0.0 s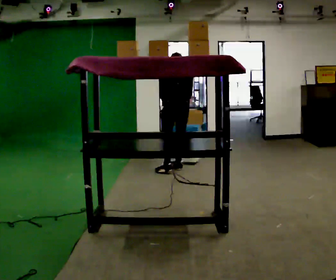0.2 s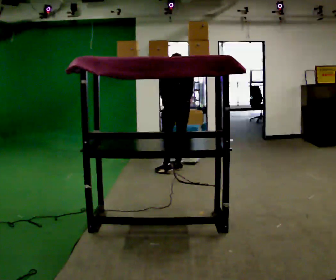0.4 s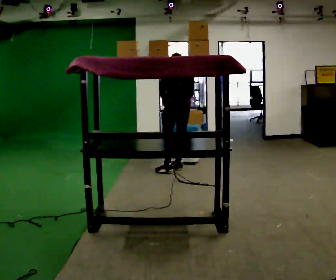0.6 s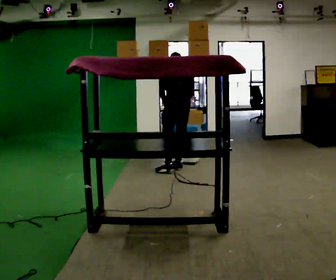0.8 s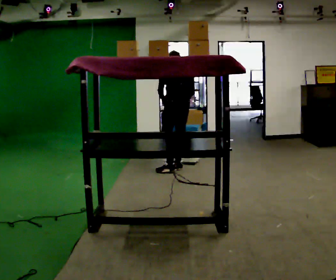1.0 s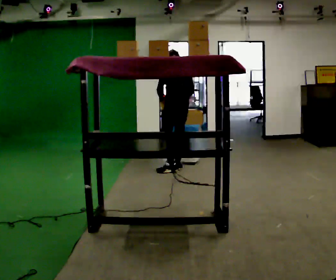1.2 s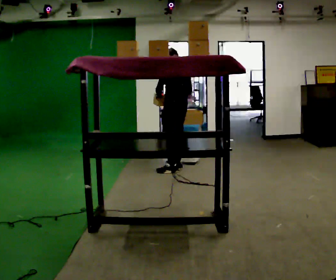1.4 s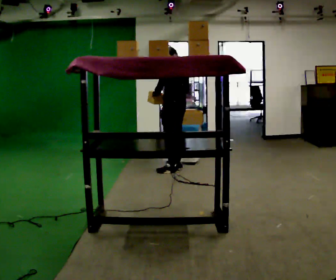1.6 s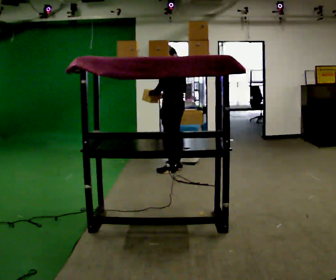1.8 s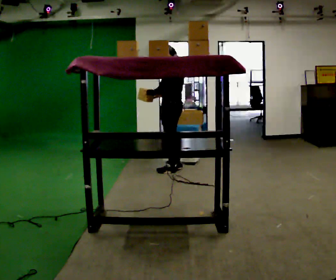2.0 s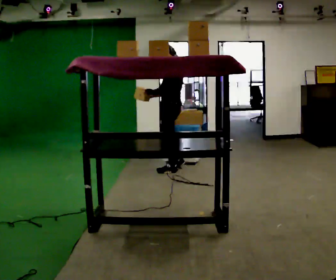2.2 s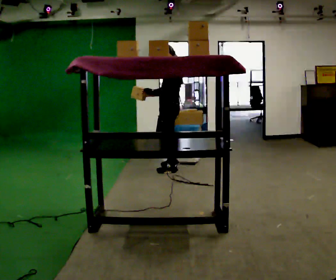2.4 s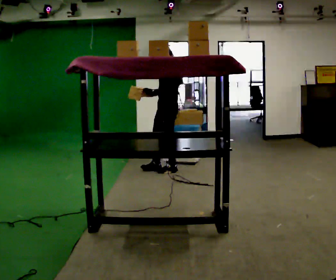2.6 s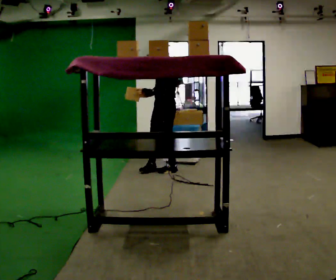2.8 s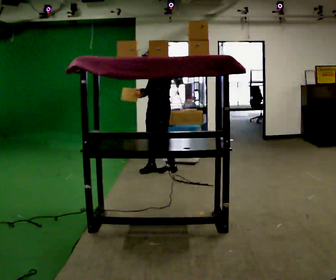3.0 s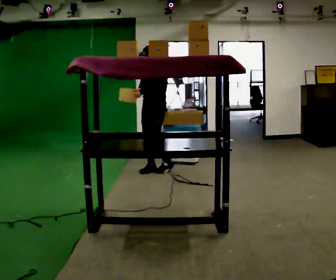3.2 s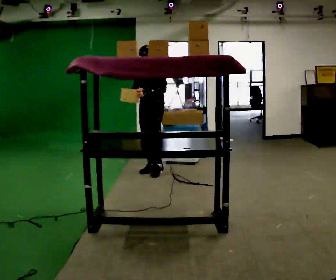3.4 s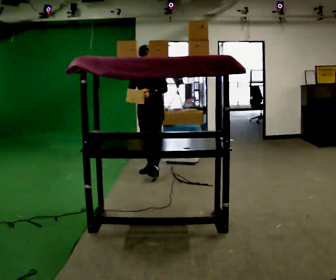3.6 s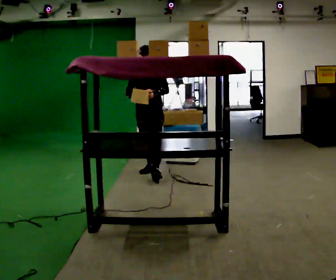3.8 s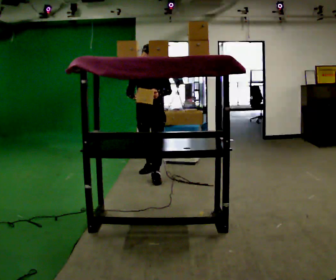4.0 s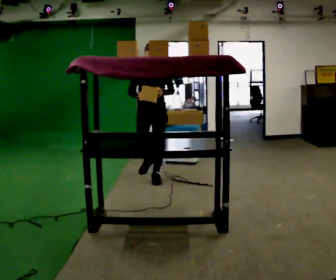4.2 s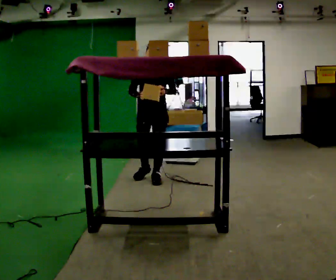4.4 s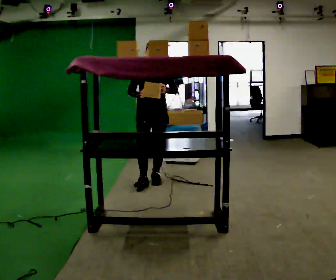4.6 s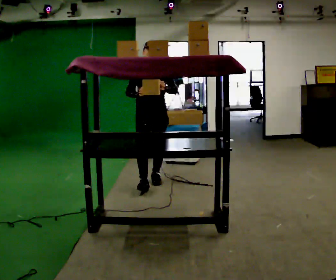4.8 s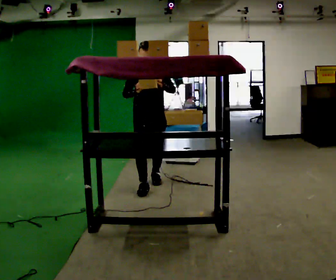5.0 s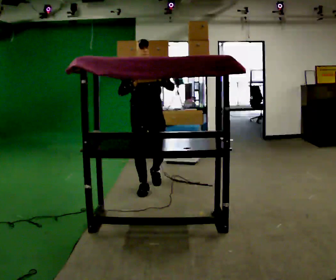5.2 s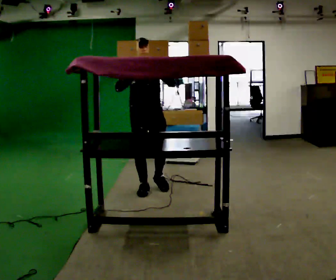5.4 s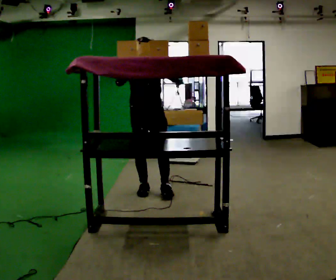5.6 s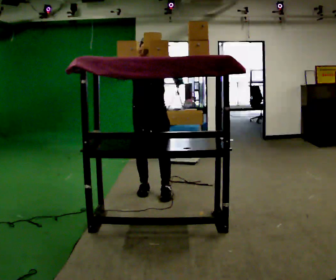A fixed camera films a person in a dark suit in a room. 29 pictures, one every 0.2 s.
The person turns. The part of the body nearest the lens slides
to the right.
Their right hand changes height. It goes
upward.
0.0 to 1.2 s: The part of the body nearest the lens slides to the right as the person turns to their left by about 30 degrees.
1.2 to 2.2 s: Seen from above the body turns counterclockwise, about 45 degrees: to their left, with its near side sliding to the right. In the picture their right hand goes to the left.
2.2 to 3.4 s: Seen from above the body turns counterclockwise, about 75 degrees: to their left, with its near side sliding to the right. In the picture they go to the left, about 0.25 m in 1 step.
3.4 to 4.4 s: The part of the body nearest the lens slides to the right as the person turns to their left by about 30 degrees. In the picture they go toward the camera, about 0.5 m in 1 step, which for them is forward.
4.4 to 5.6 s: In the picture they go toward the camera, about 0.5 m in 2 steps, which for them is forward. In the picture their right hand goes upward.
The film runs forward here.
